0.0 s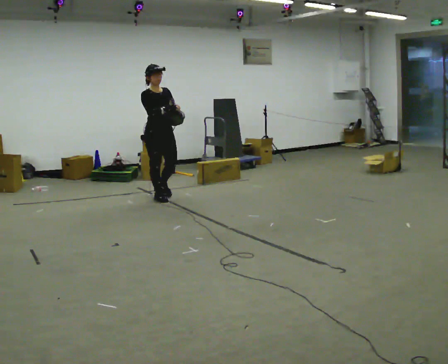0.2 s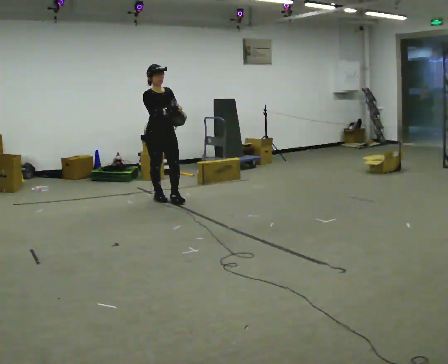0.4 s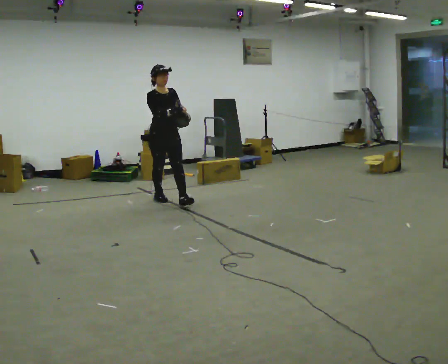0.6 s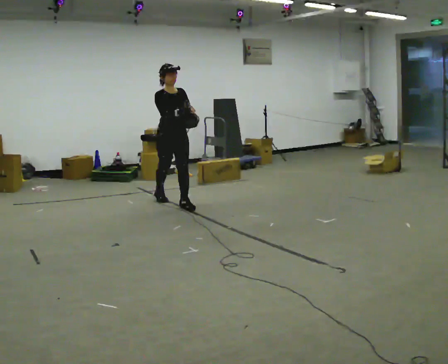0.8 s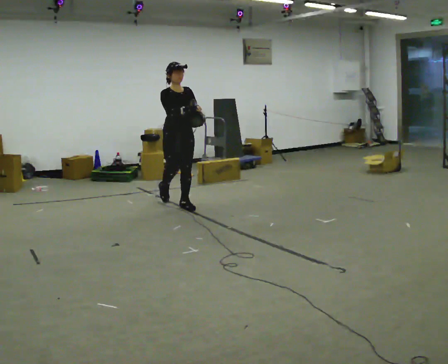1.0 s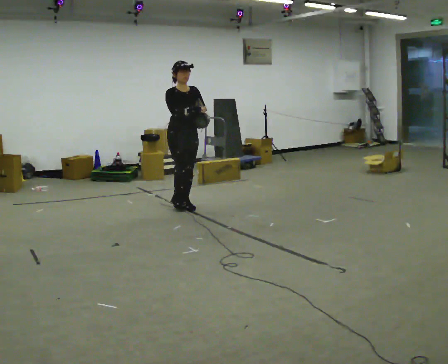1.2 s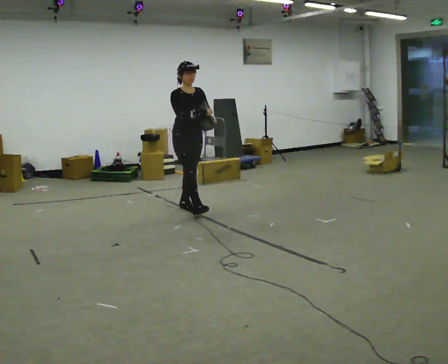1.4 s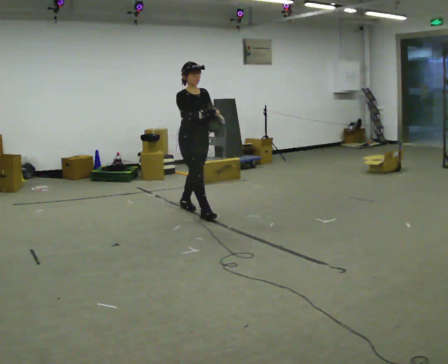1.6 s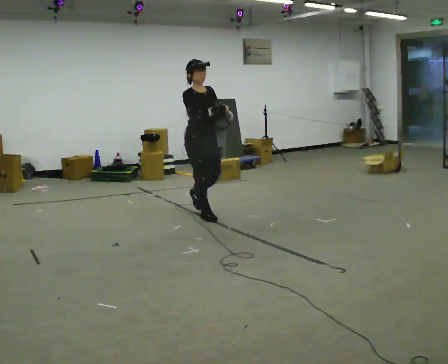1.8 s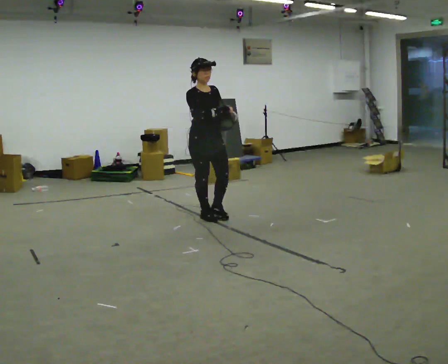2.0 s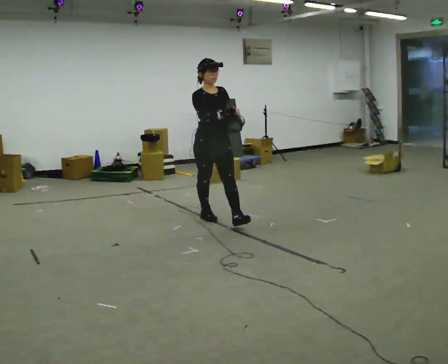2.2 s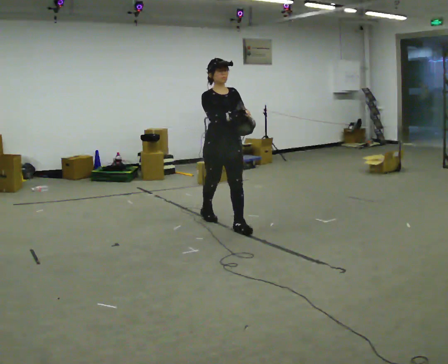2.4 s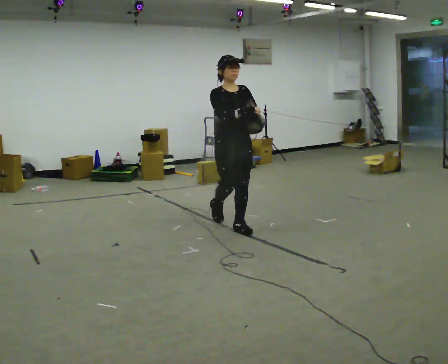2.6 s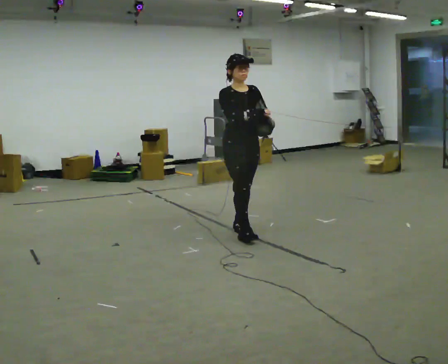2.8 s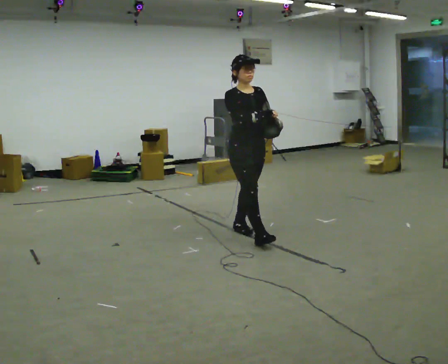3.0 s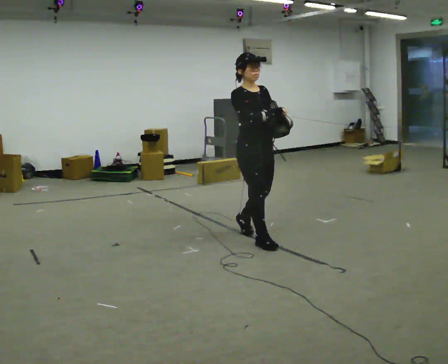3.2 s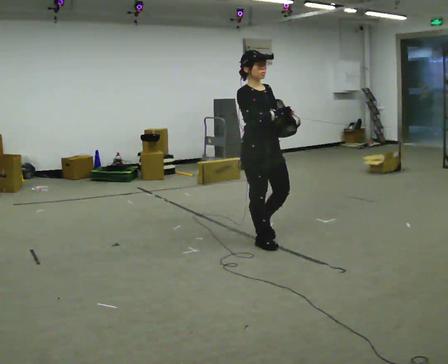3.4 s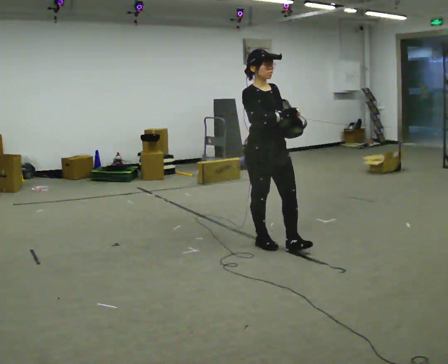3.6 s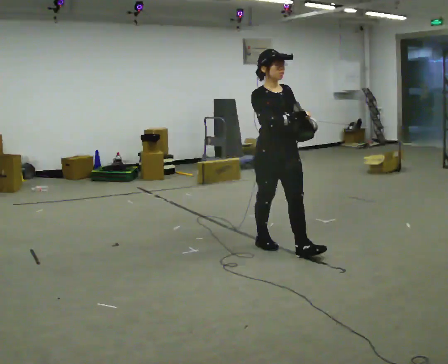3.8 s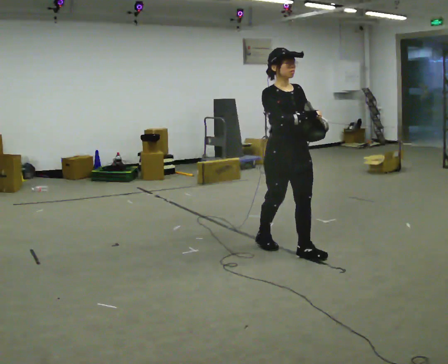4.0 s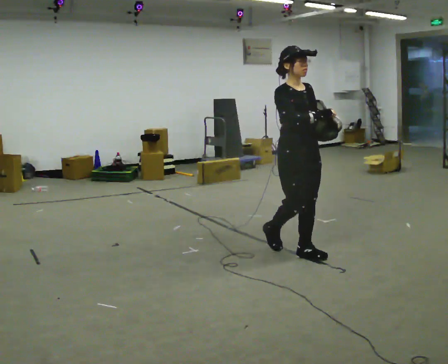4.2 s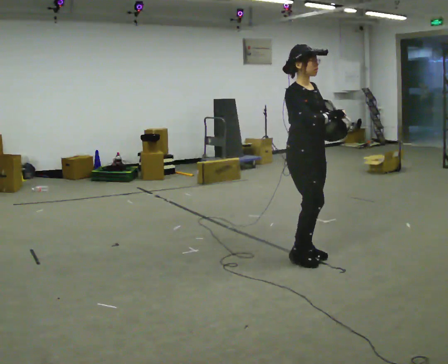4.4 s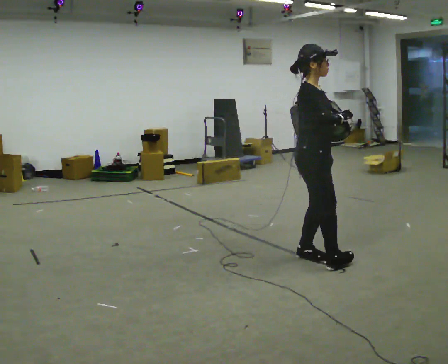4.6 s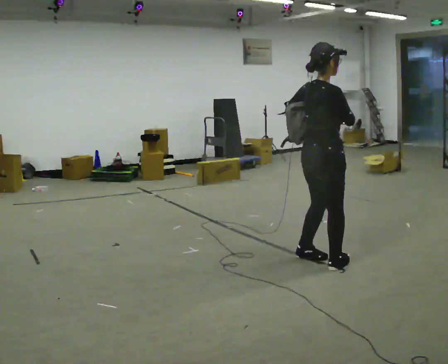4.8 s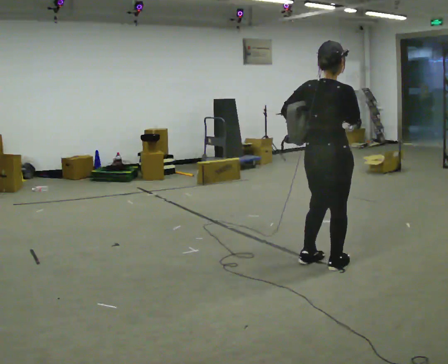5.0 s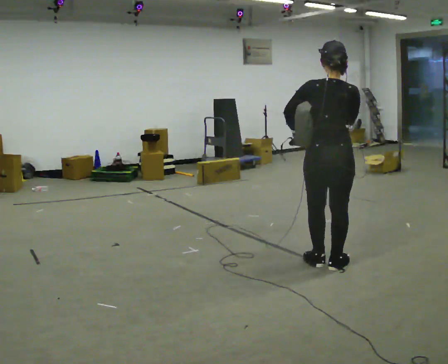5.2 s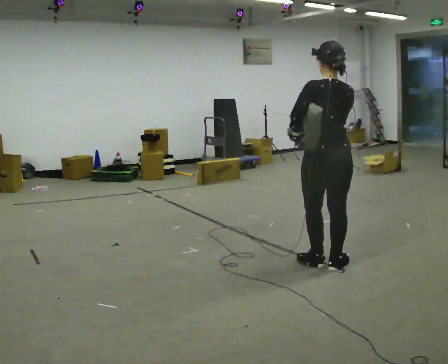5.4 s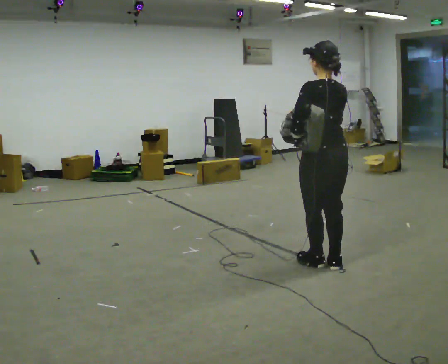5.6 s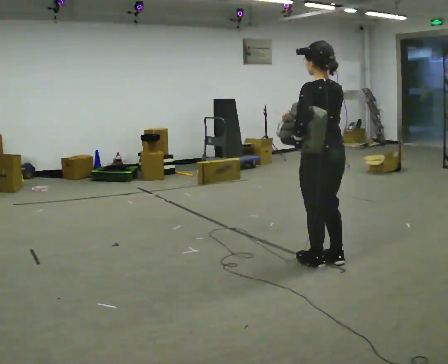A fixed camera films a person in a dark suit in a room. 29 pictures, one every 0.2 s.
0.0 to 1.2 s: In the picture they go to the right and toward the camera, about 0.5 m in 1 step, which for them is forward.
1.2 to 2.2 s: In the picture they go toward the camera and to the right, about 0.5 m in 2 steps, which for them is forward.
2.2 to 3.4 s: In the picture they go toward the camera and to the right, about 1 m in 1 step, which for them is forward.
3.4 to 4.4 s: The part of the body nearest the lens slides to the right as the person turns to their left by about 45 degrees. In the picture they go to the right and toward the camera, about 0.5 m in 1 step, which for them is forward.
4.4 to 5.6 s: The person turns about 135 degrees to their left, counterclockwise seen from above, so the part of the body nearest the lens slides to the right. In the picture they go toward the camera, about 0.25 m in 2 steps. In the picture their right hand goes to the left.
The film runs forward here.
